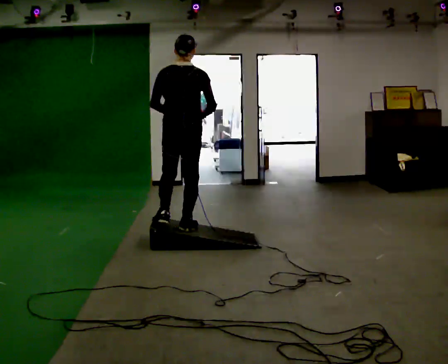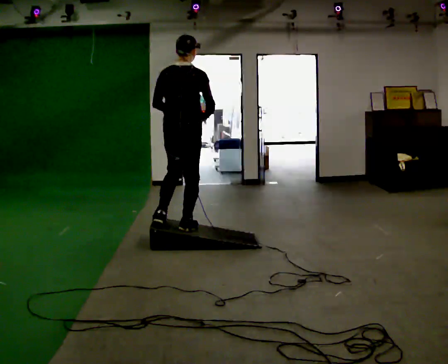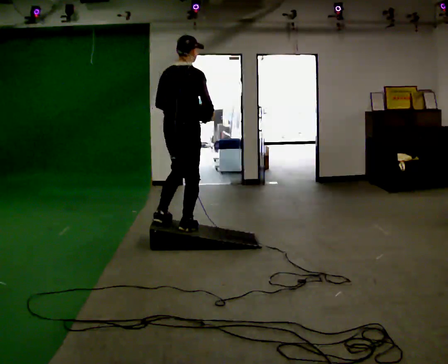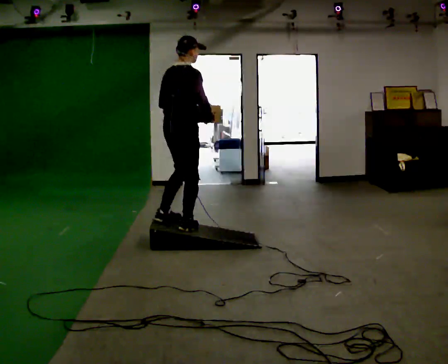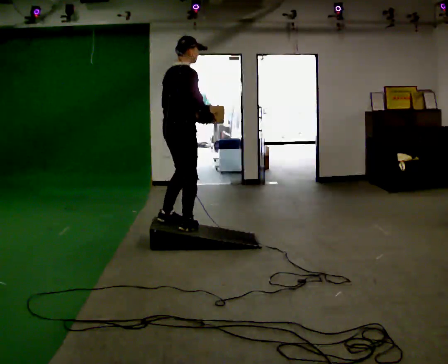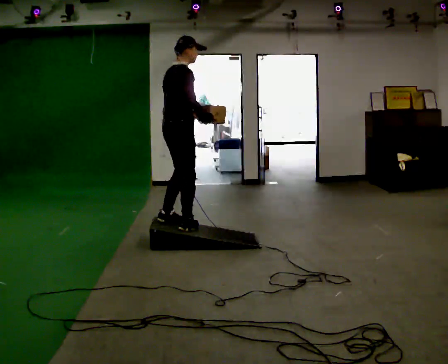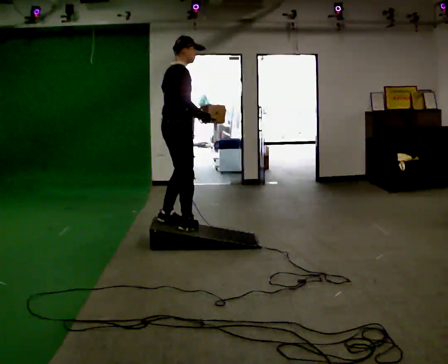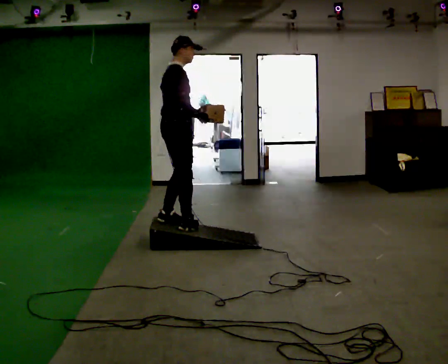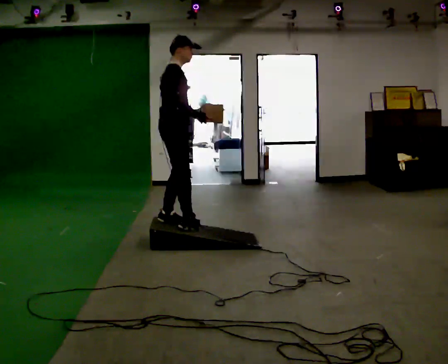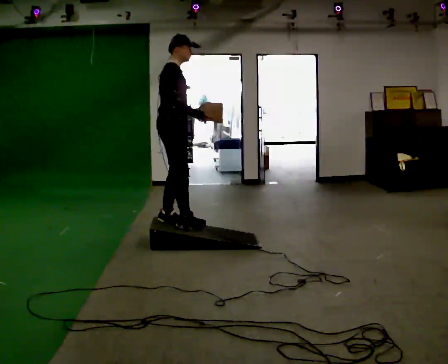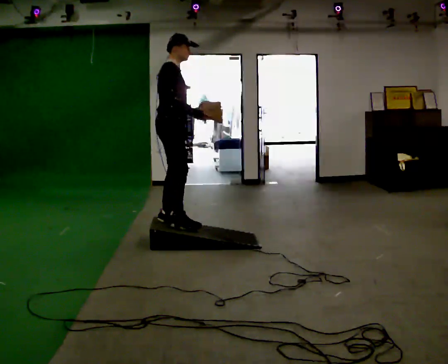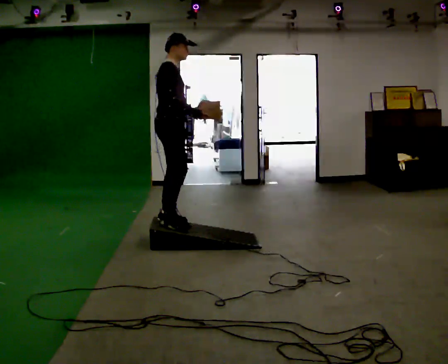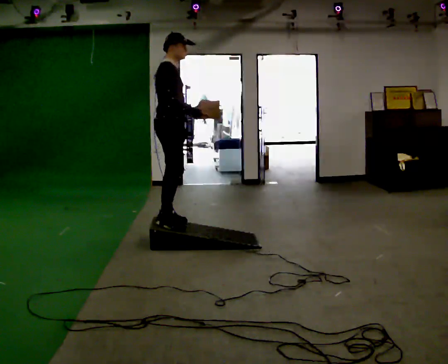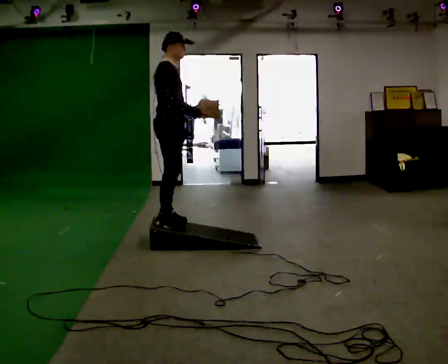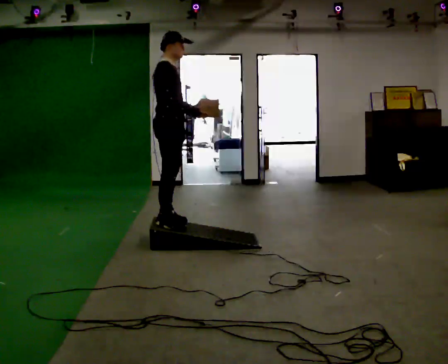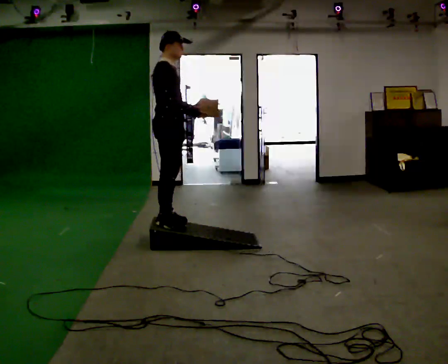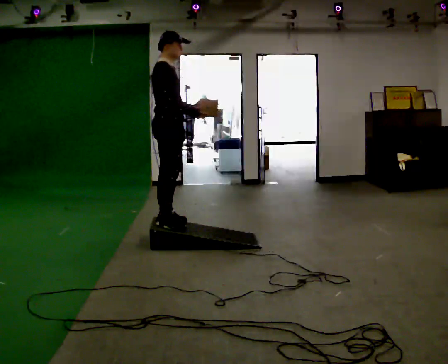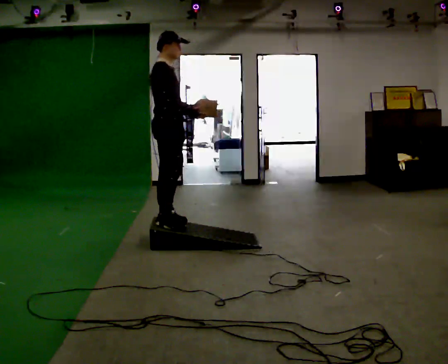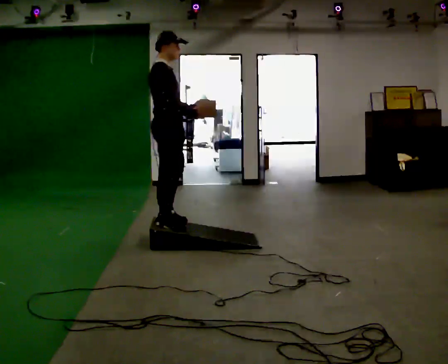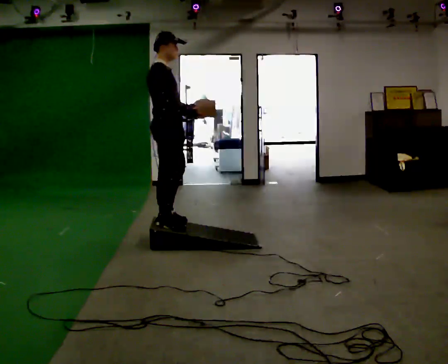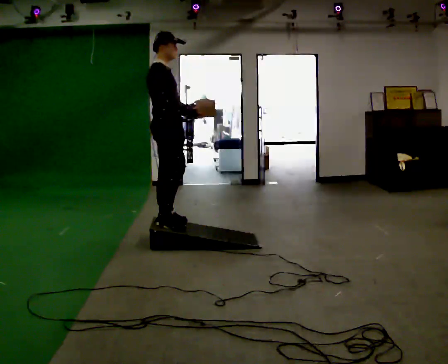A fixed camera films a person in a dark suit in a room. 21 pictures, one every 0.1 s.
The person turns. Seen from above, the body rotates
clockwise.
The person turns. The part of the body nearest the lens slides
to the left.
0.0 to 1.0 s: The part of the body nearest the lens slides to the left as the person turns to their right by about 75 degrees.
1.0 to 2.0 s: The person moves a little, or ends about where they began.
The film runs forward here.
